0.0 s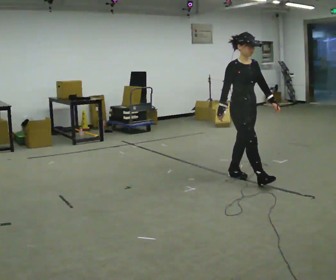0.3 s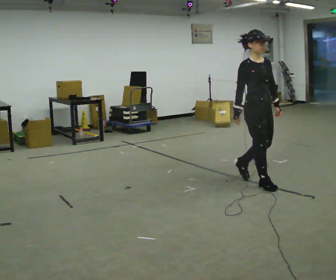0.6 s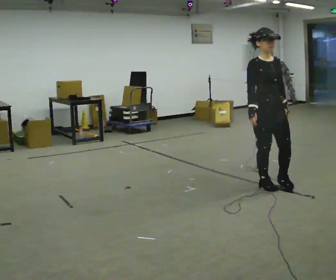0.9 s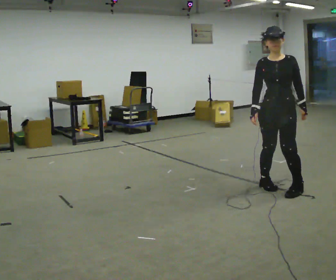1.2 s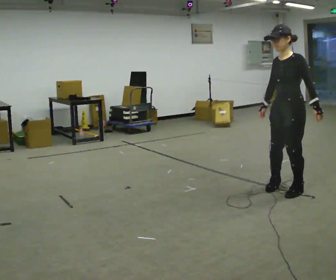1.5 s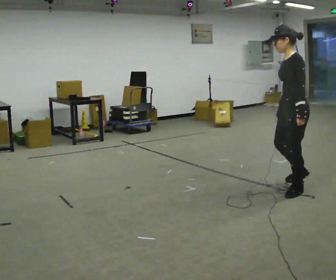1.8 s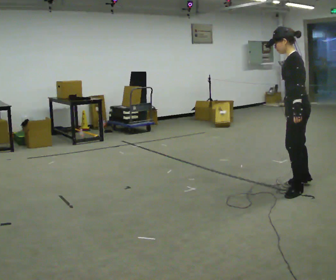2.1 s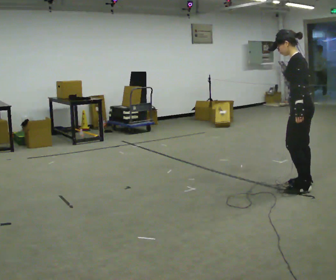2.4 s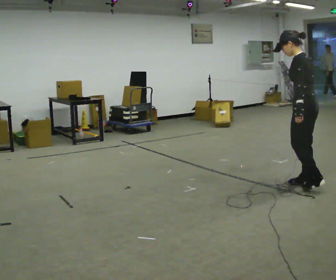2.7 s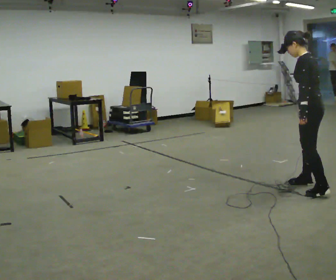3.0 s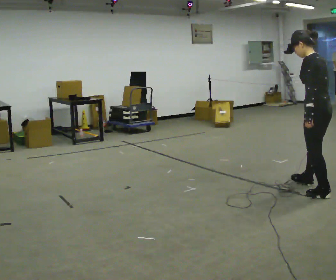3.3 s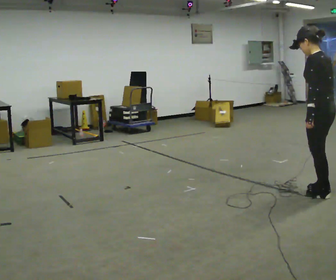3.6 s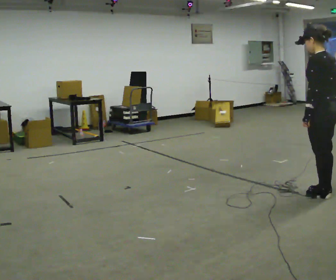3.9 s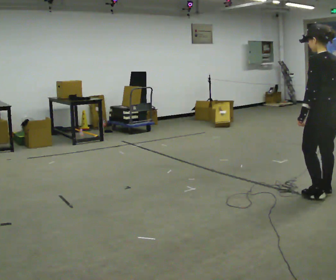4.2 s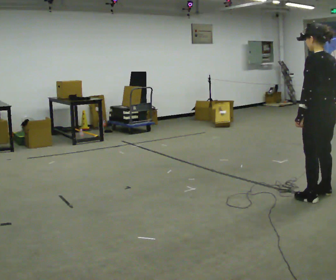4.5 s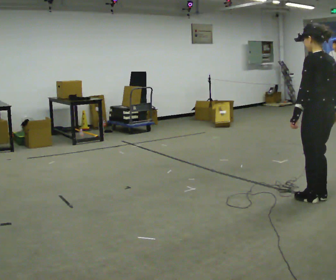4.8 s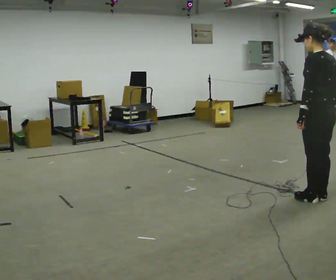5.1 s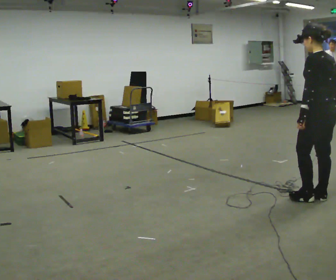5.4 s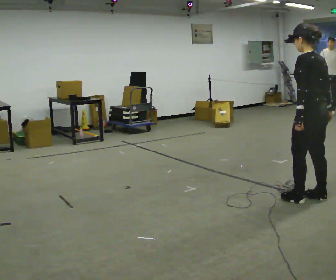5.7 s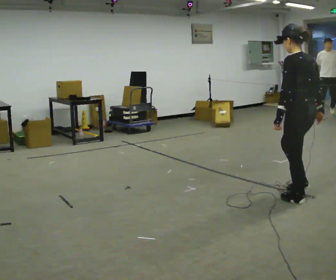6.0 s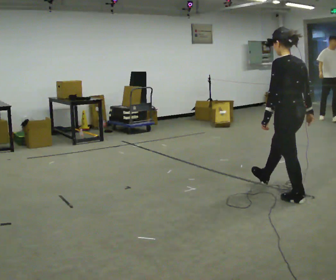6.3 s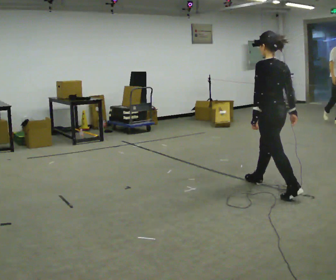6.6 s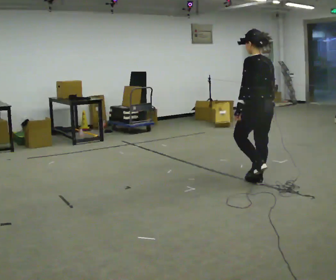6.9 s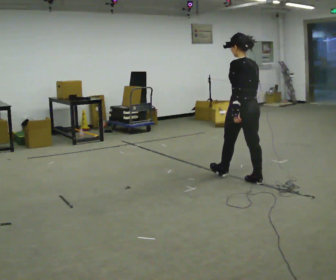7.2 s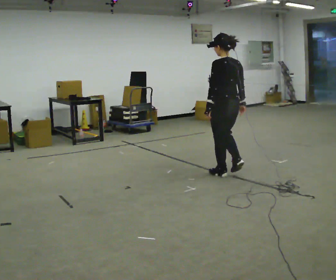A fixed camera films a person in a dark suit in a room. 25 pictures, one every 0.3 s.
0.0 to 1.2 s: The person turns about 105 degrees to their right, clockwise seen from above, so the part of the body nearest the lens slides to the left. In the picture they go to the right and toward the camera, about 0.75 m in 2 steps.
1.2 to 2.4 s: The part of the body nearest the lens slides to the left as the person turns to their right by about 60 degrees. In the picture they go away from the camera, about 0.25 m in 1 step, which for them is to their right and backward. In the picture their right hand goes to the right.
2.4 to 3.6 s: In the picture they go toward the camera and to the right, about 0.25 m in 2 steps, which for them is backward and to their left.
3.6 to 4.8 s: The person moves a little, or ends about where they began.
4.8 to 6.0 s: In the picture they go to the left, about 0.25 m, which for them is forward.
6.0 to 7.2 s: In the picture they go to the left and away from the camera, about 1 m in 2 steps, which for them is forward.
The film runs forward here.
